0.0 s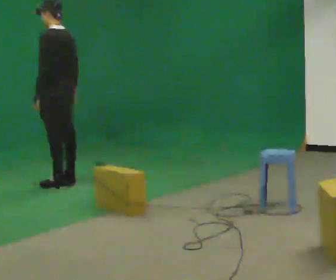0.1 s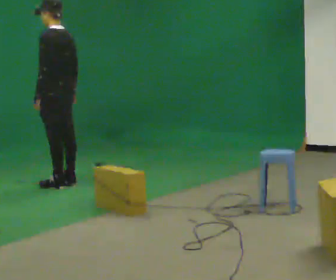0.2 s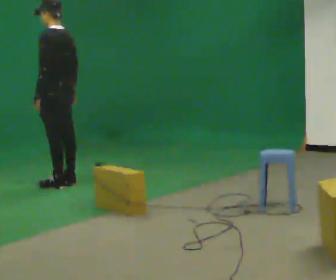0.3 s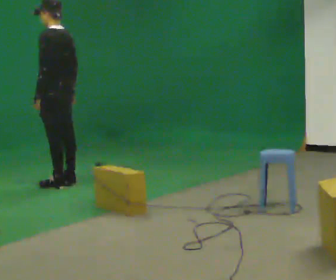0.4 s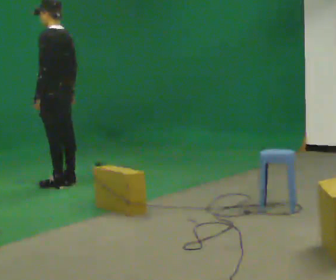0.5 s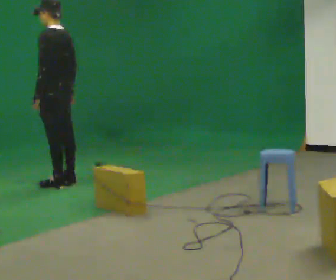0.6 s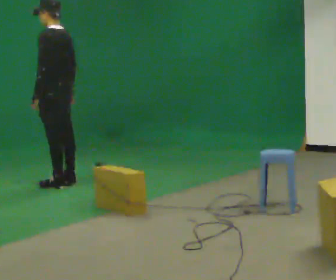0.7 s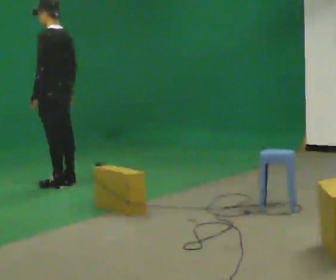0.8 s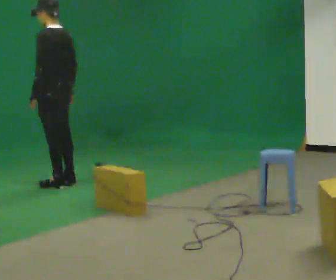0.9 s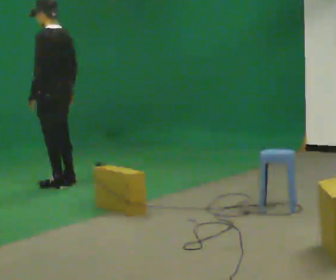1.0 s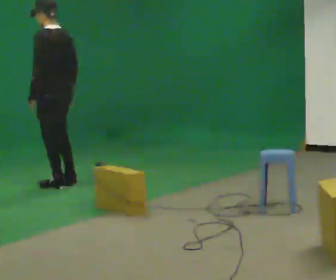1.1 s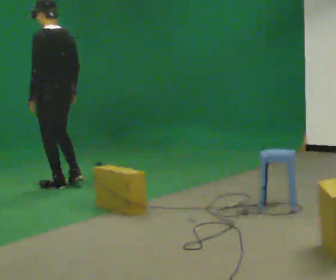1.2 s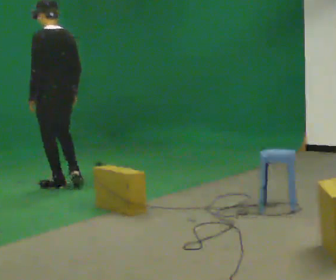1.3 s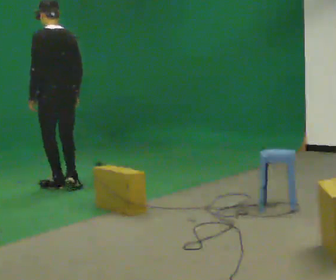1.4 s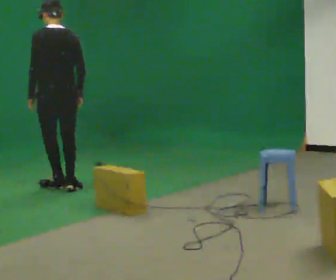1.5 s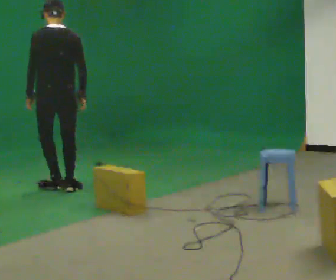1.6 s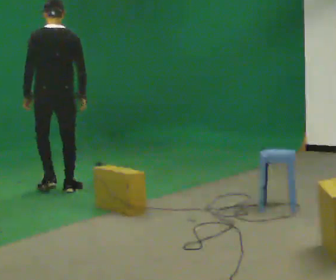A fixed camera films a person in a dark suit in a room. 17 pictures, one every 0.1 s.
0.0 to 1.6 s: Seen from above the body turns clockwise, about 45 degrees: to their right, with its near side sliding to the left. In the picture they go toward the camera, about 0.25 m in 2 steps, which for them is to their left and backward.
The film runs backward here.
